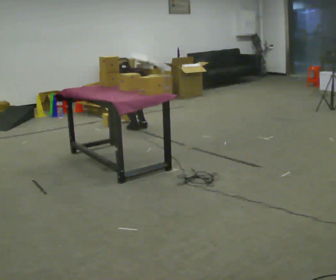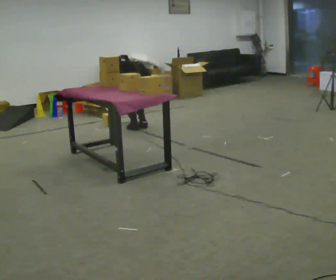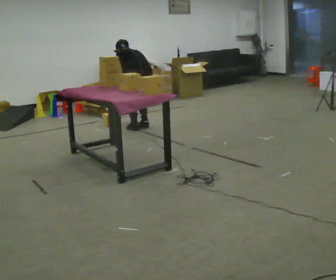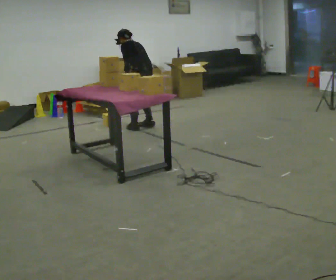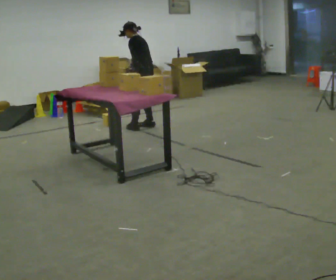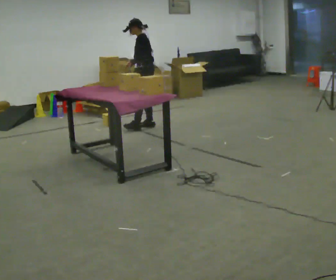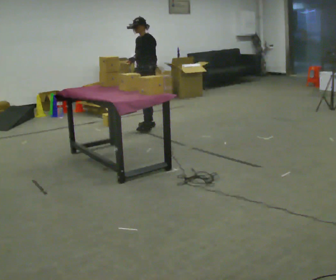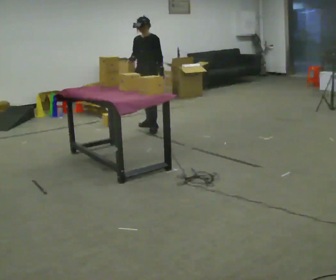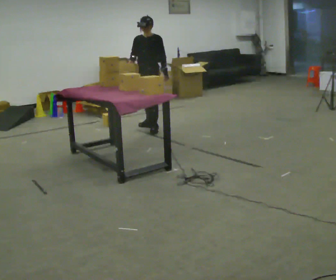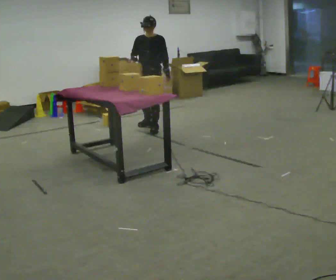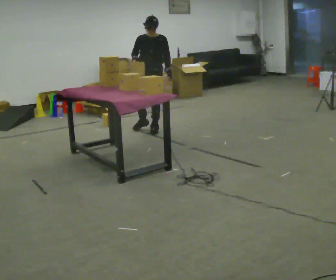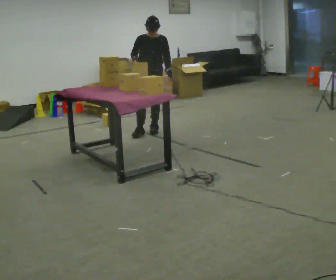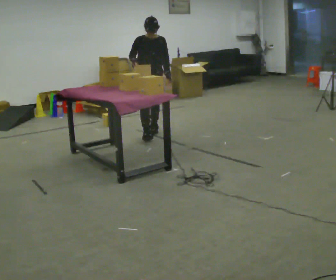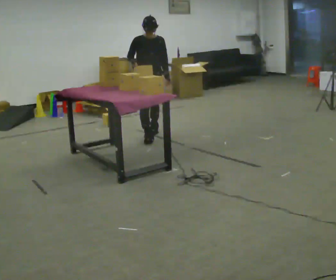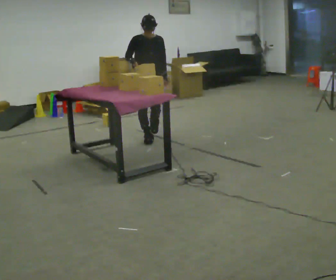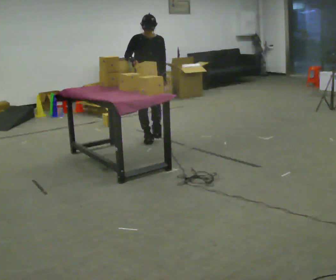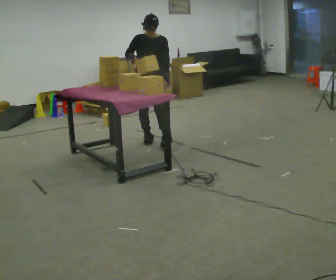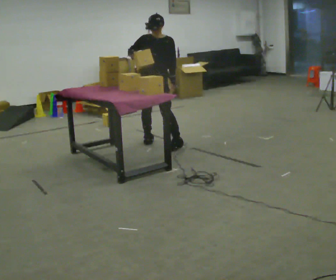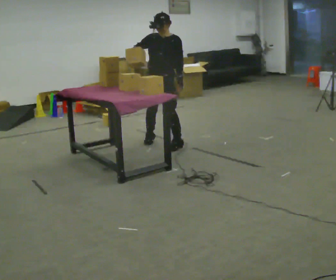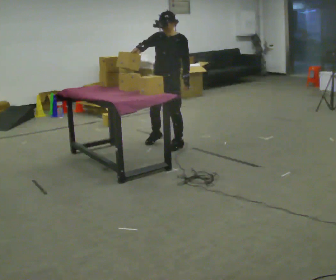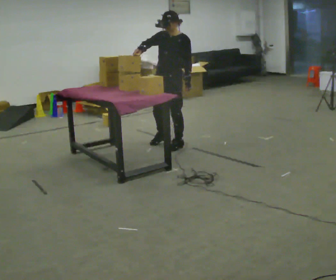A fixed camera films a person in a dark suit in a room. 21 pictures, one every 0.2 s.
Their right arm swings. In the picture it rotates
clockwise.
Their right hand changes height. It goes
upward.
0.0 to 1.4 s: The person turns about 105 degrees to their left, counterclockwise seen from above, so the part of the body nearest the lens slides to the right. The upper body goes upward. The upper body tips toward the camera, its near side rolling downward, as they lean back or straighten. In the picture their right hand goes upward, the arm swinging clockwise.
1.4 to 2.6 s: The part of the body nearest the lens slides to the right as the person turns to their left by about 45 degrees. In the picture they go toward the camera, about 0.5 m in 1 step, which for them is forward.
2.6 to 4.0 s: The person turns about 45 degrees to their right, clockwise seen from above, so the part of the body nearest the lens slides to the left. In the picture they go toward the camera, about 0.5 m in 1 step, which for them is forward and to their left.
The film runs forward here.
